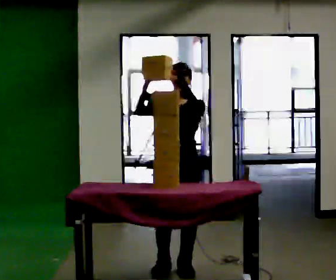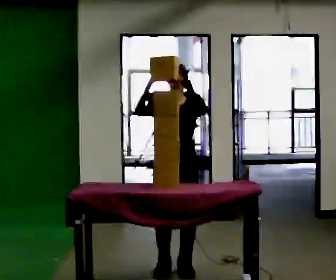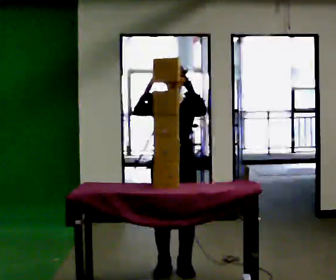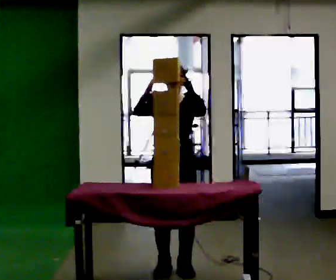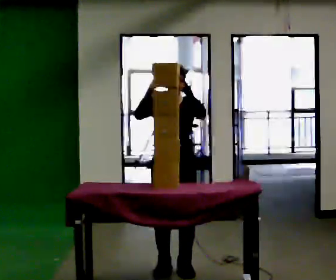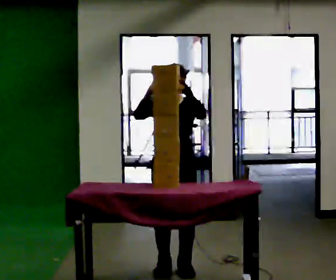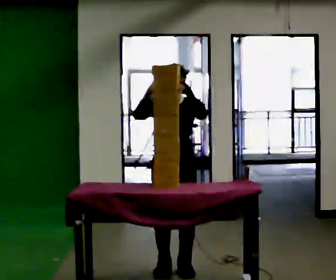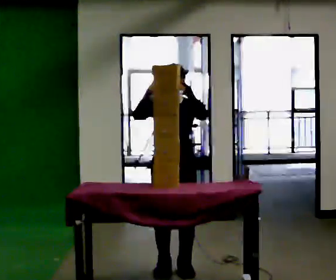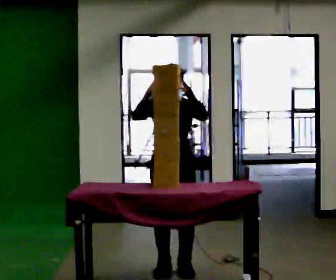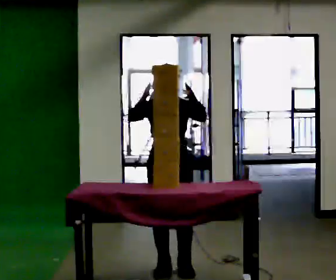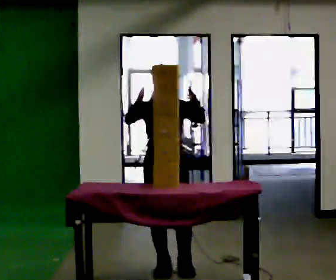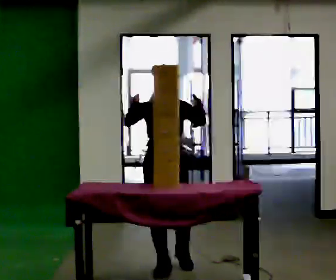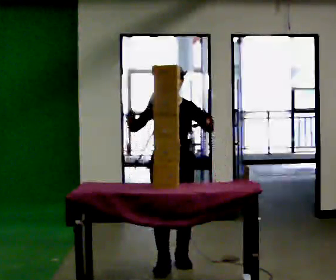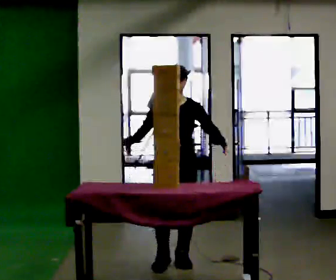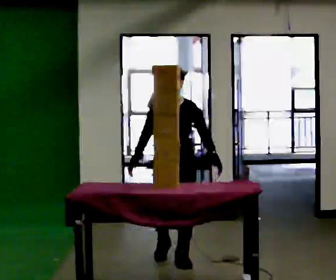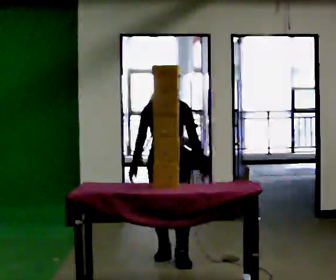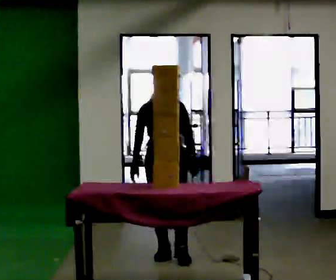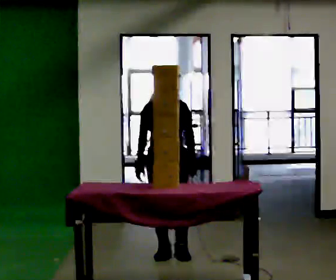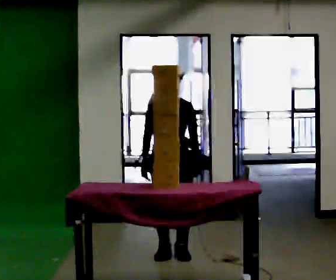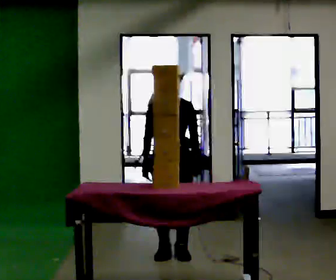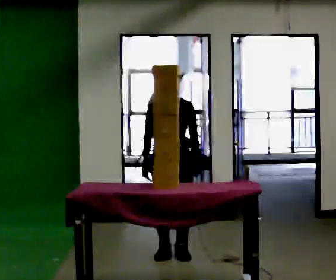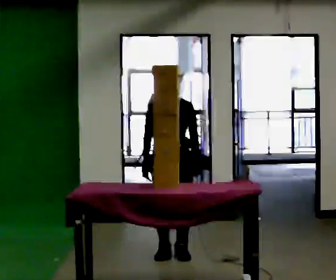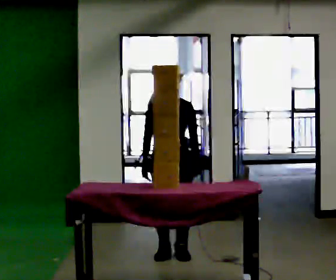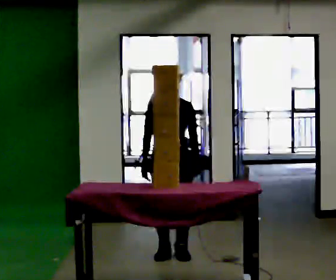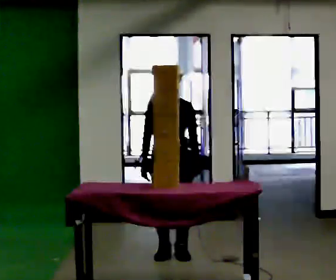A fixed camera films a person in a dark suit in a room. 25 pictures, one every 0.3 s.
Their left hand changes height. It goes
downward.
Their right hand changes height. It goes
downward.
0.0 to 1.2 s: The person moves a little, or ends about where they began.
1.2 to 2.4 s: The person keeps their place and pose.
2.4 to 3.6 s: In the picture they go away from the camera, about 0.25 m in 1 step, which for them is backward.
3.6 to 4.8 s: In the picture they go away from the camera, about 0.25 m in 2 steps, which for them is backward. In the picture their left hand goes downward.
4.8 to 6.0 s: The person moves a little, or ends about where they began.
6.0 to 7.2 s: The person keeps their place and pose.
The film runs backward here.
